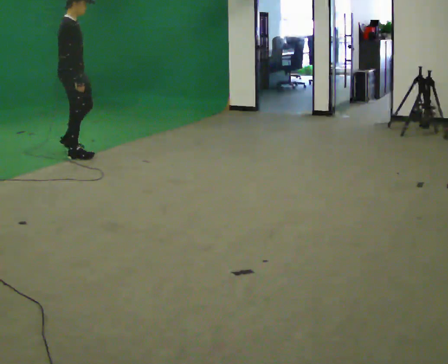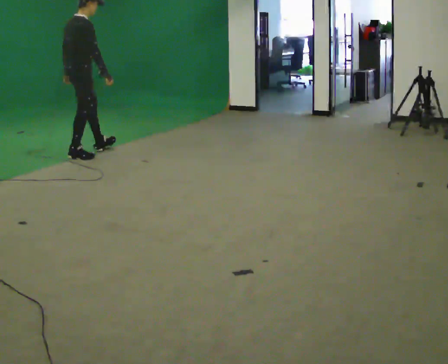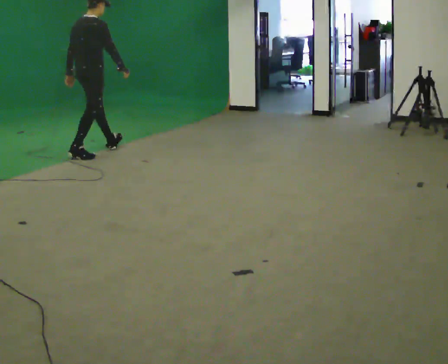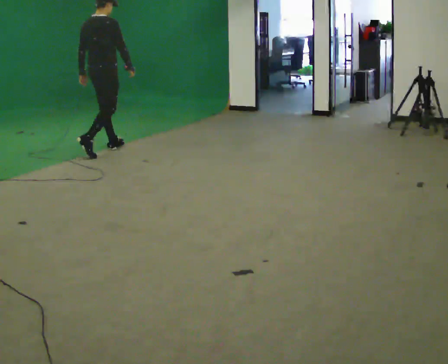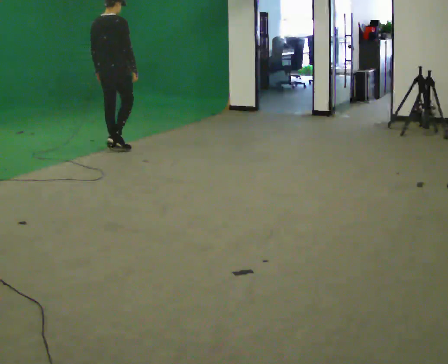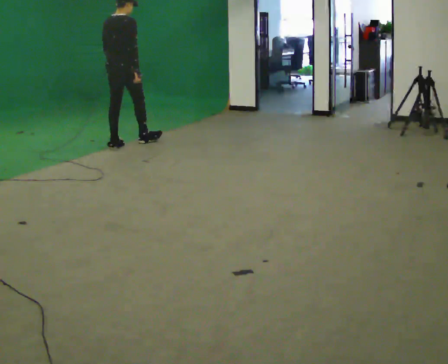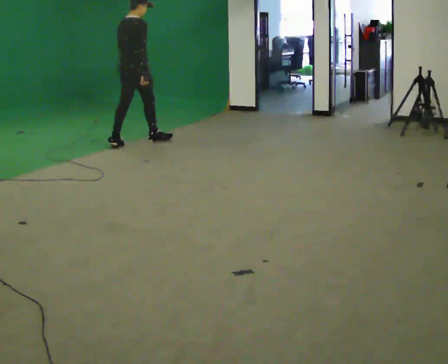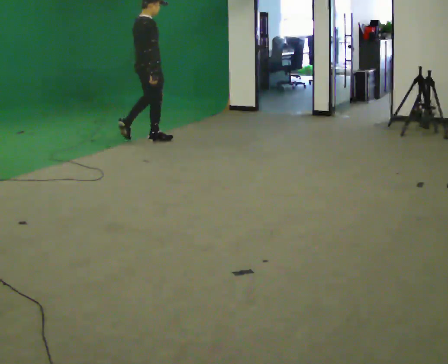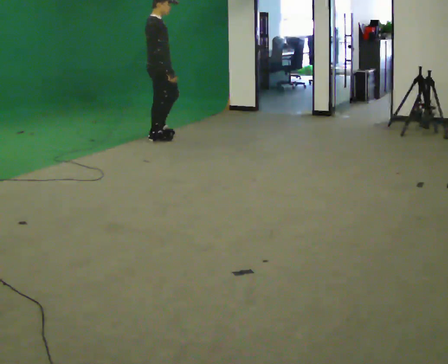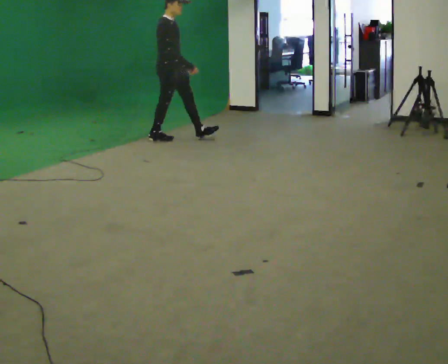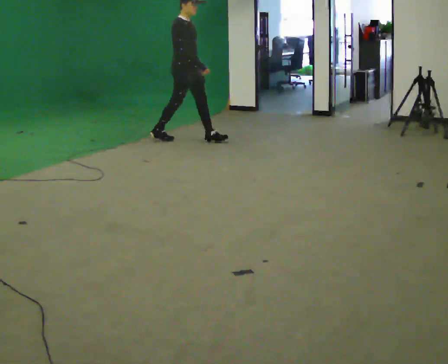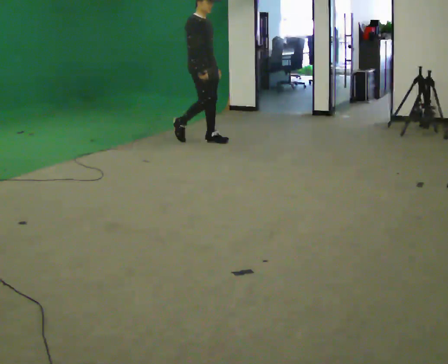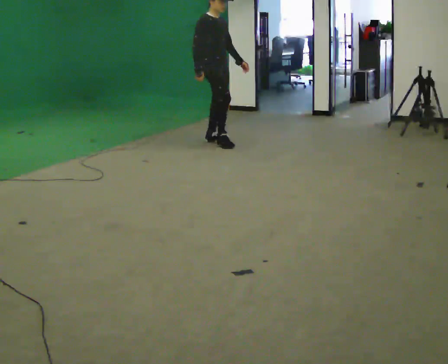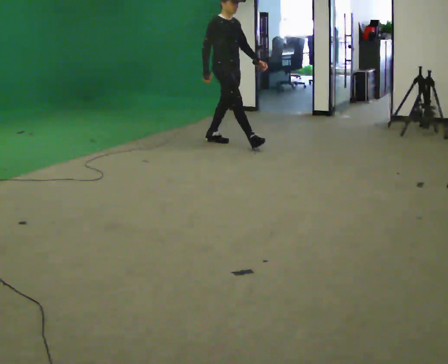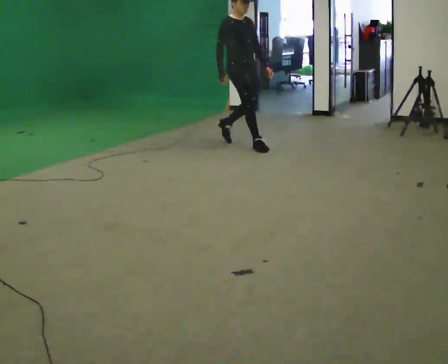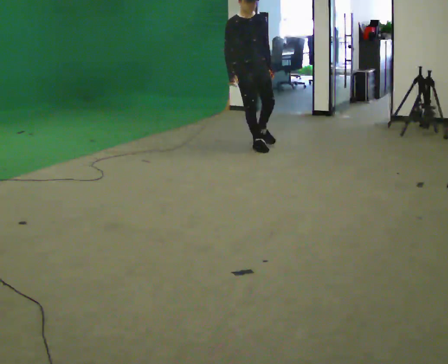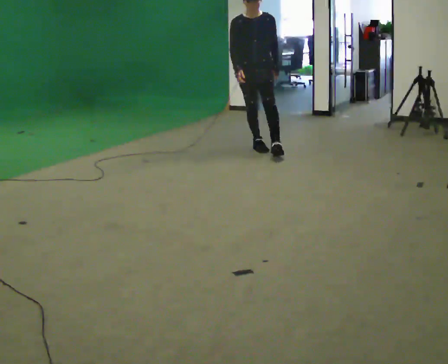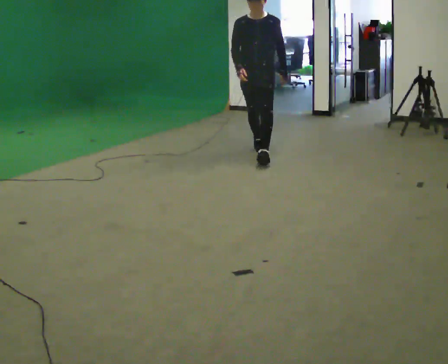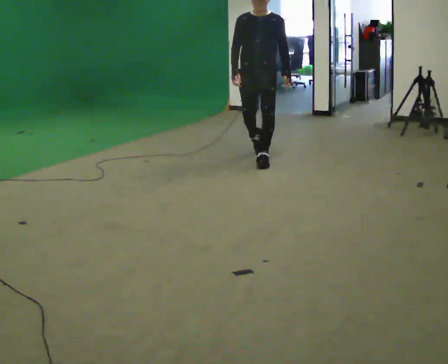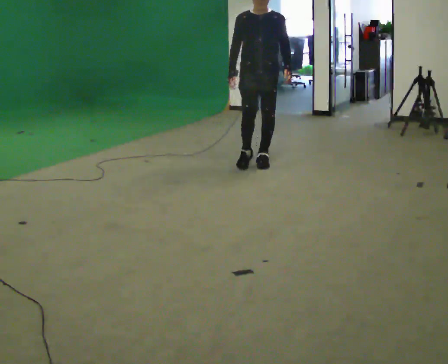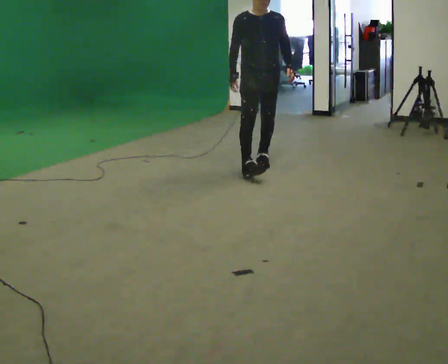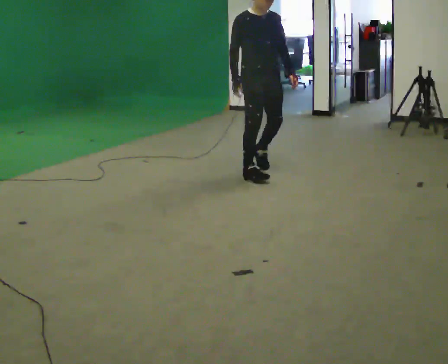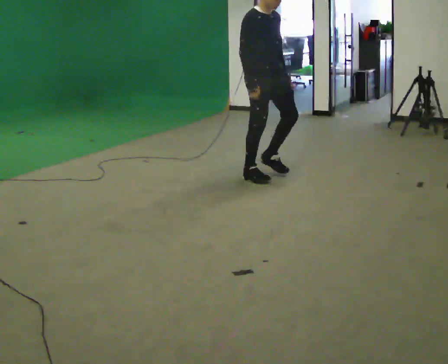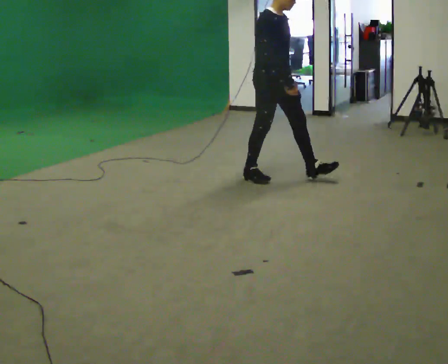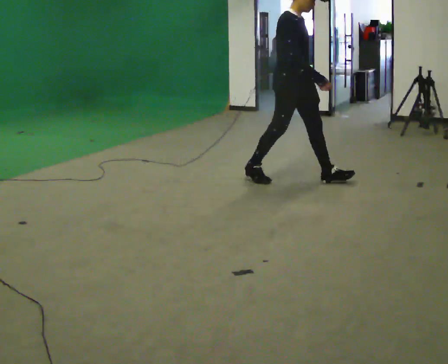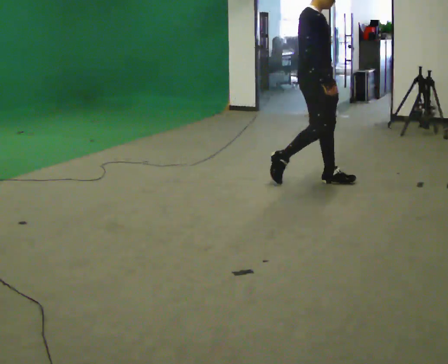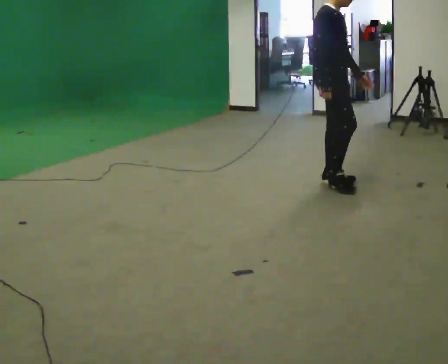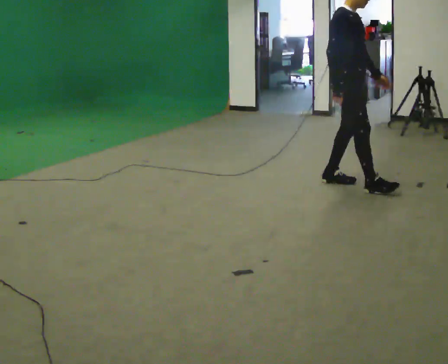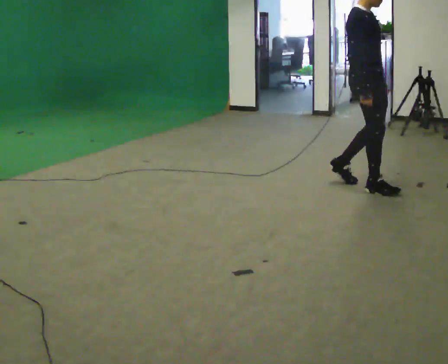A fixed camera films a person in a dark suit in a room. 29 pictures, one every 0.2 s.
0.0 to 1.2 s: The person turns about 30 degrees to their left, counterclockwise seen from above, so the part of the body nearest the lens slides to the right. In the picture they go away from the camera and to the right, about 1 m in 2 steps, which for them is forward.
1.2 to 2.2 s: The part of the body nearest the lens slides to the left as the person turns to their right by about 75 degrees. In the picture they go to the right, about 0.5 m in 1 step.
2.2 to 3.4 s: Seen from above the body turns clockwise, about 75 degrees: to their right, with its near side sliding to the left. In the picture they go toward the camera and to the right, about 1 m in 2 steps.
3.4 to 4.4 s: Seen from above the body turns counterclockwise, about 60 degrees: to their left, with its near side sliding to the right. In the picture they go toward the camera, about 1 m in 1 step.
4.4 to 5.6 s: In the picture they go to the right and toward the camera, about 1 m in 2 steps, which for them is forward.
The film runs forward here.
